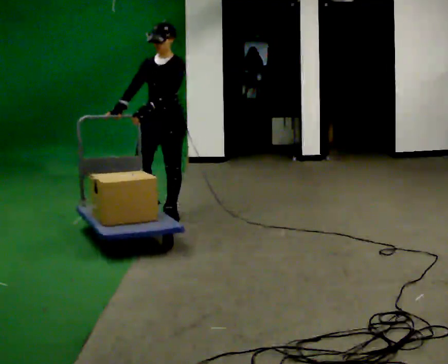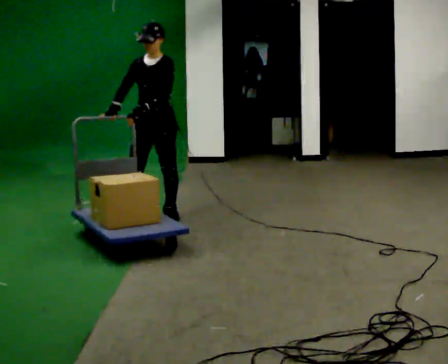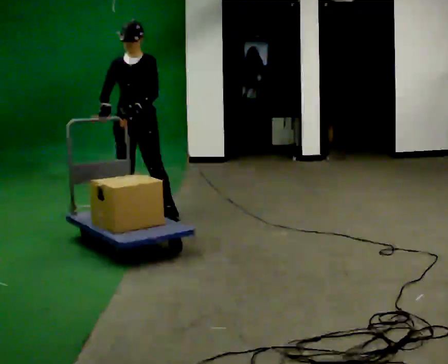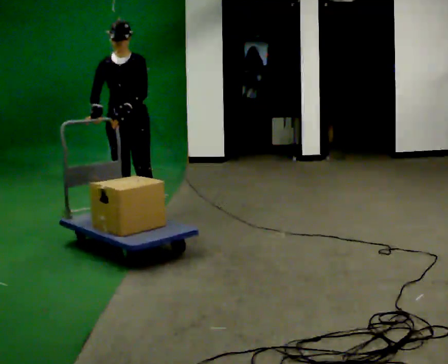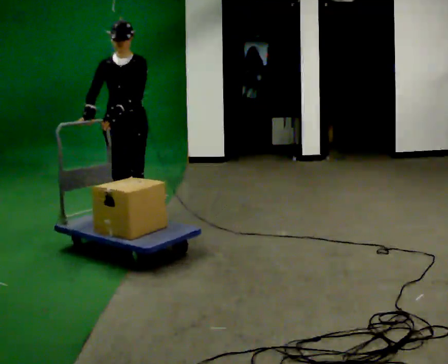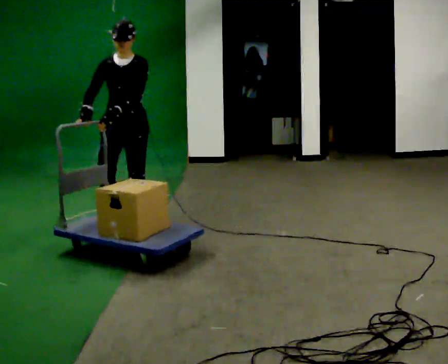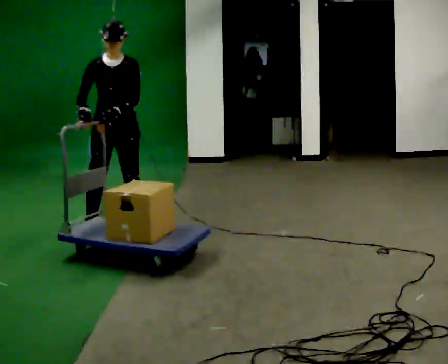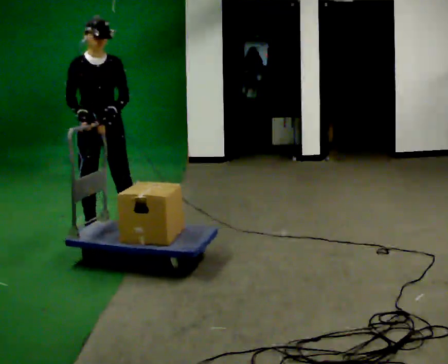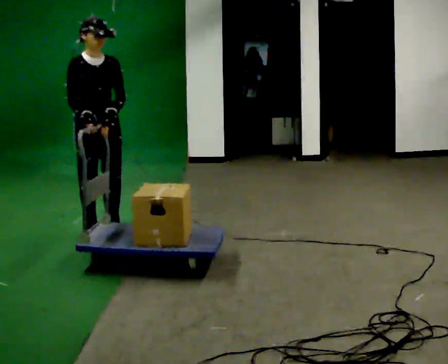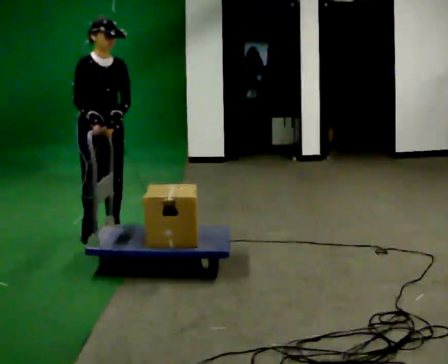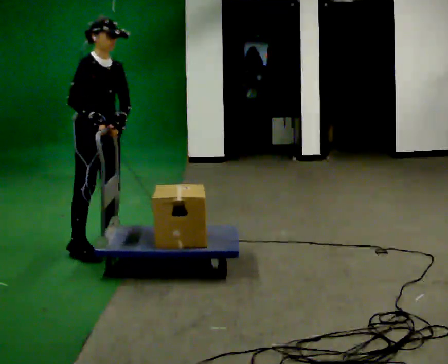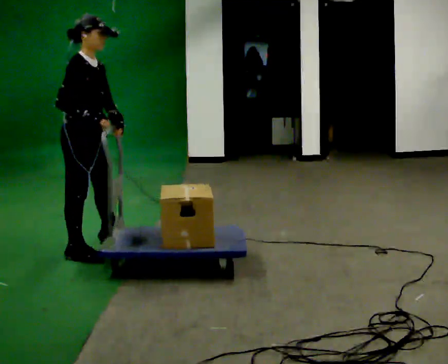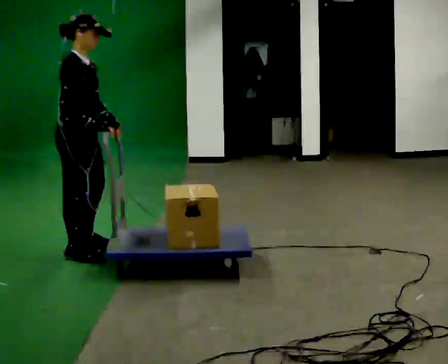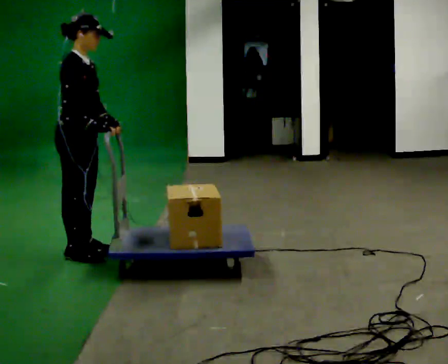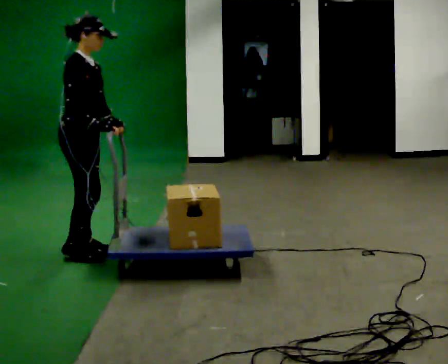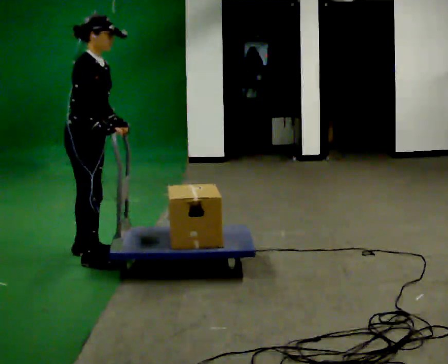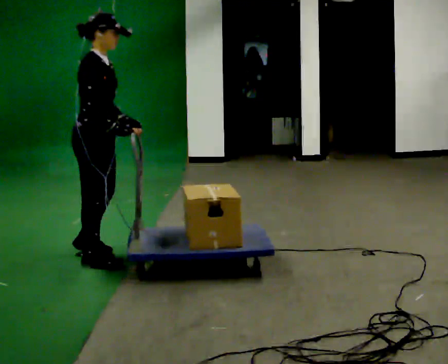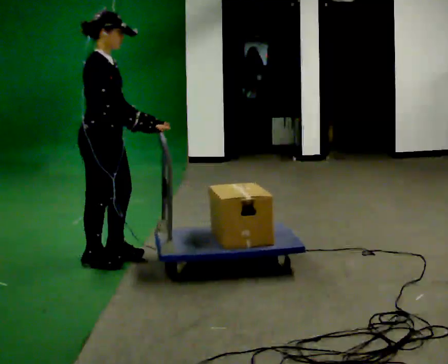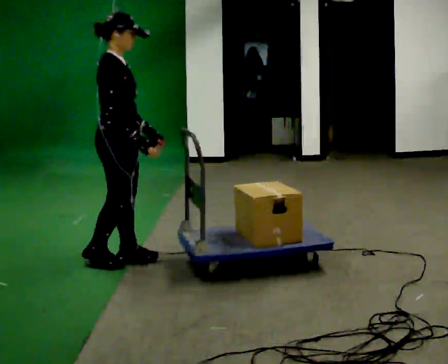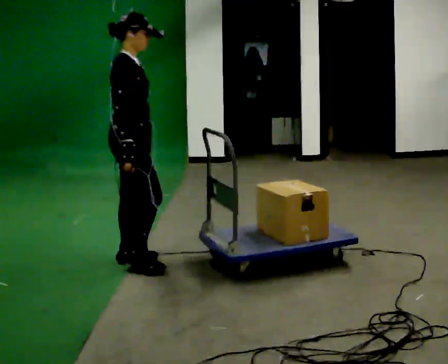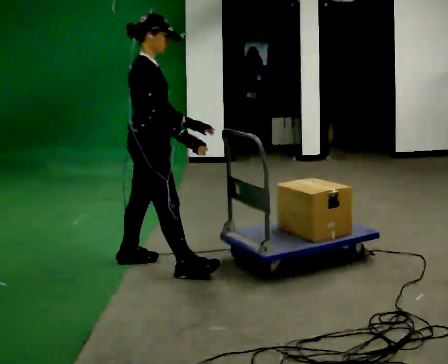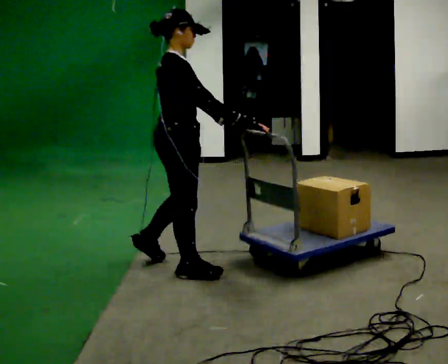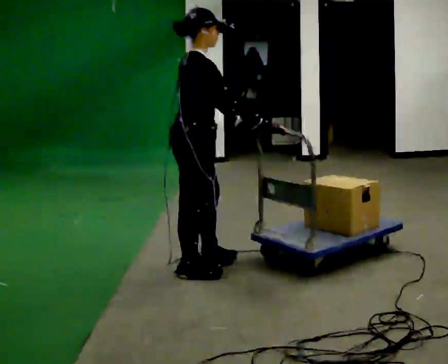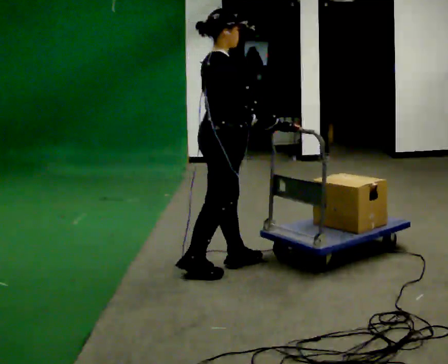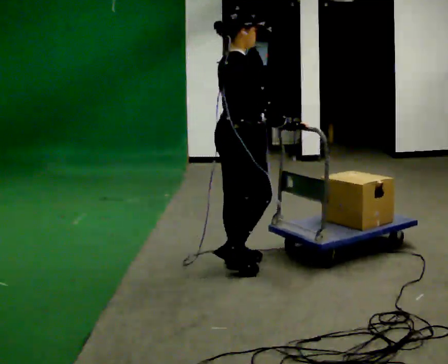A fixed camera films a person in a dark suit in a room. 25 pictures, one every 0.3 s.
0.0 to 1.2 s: In the picture they go to the left and toward the camera, about 0.5 m in 2 steps, which for them is forward and to their right.
1.2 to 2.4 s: The person turns about 45 degrees to their left, counterclockwise seen from above, so the part of the body nearest the lens slides to the right. In the picture they go toward the camera and to the left, about 0.5 m in 1 step, which for them is forward and to their right.
2.4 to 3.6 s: Seen from above the body turns counterclockwise, about 60 degrees: to their left, with its near side sliding to the right. In the picture they go toward the camera, about 0.5 m in 2 steps, which for them is to their right and forward.
3.6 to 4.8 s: In the picture they go toward the camera, about 0.25 m in 2 steps, which for them is forward.
4.8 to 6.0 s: In the picture they go to the right and toward the camera, about 0.25 m in 2 steps, which for them is forward.
6.0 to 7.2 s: In the picture they go to the right, about 0.5 m in 1 step, which for them is forward.
The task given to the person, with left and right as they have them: Stand still with your hands on the cart. When the operator says go, get it moving, push it a few metres, then bring it to a stop. Repeat until the operator says stop.
The film runs forward here.
